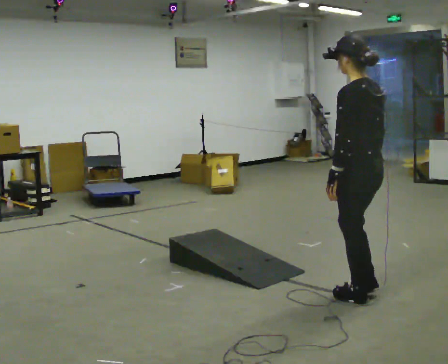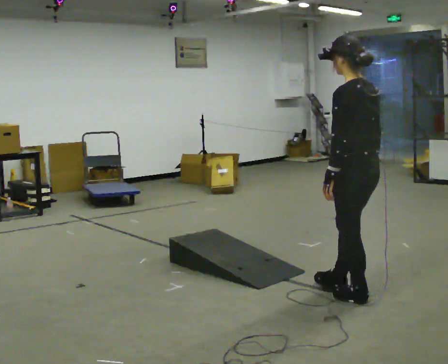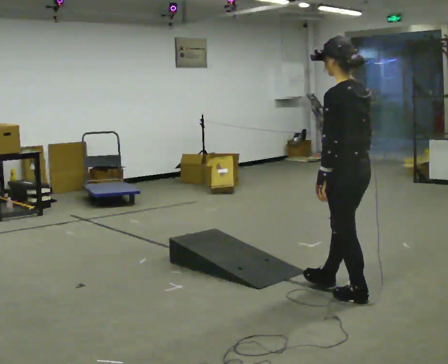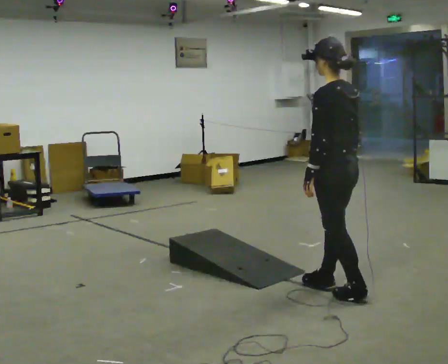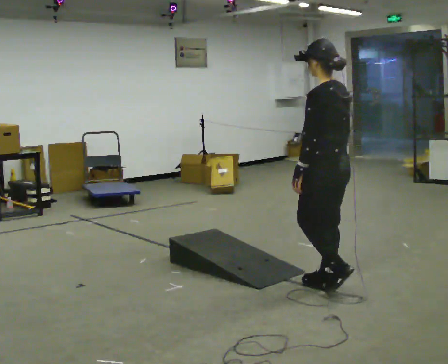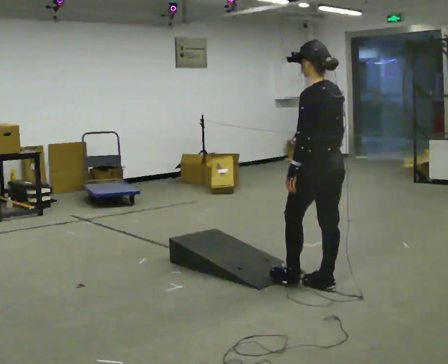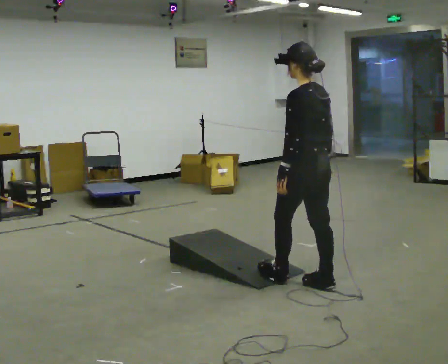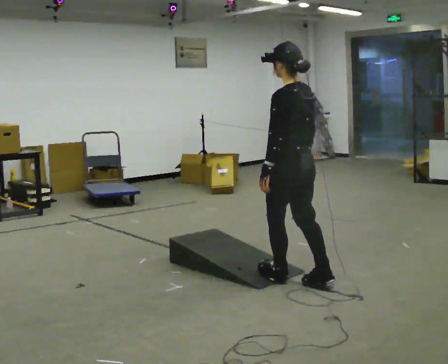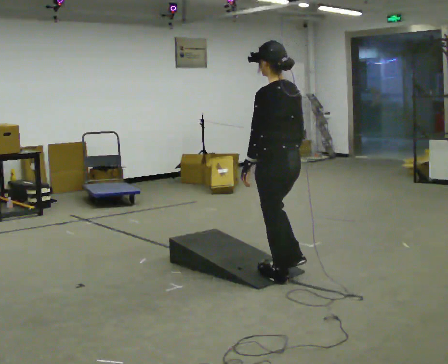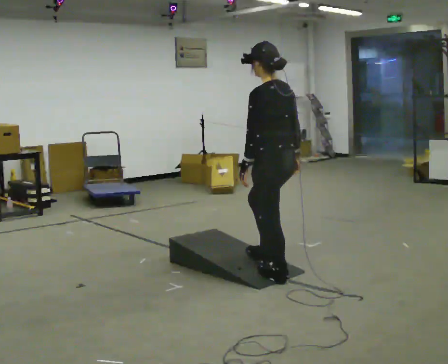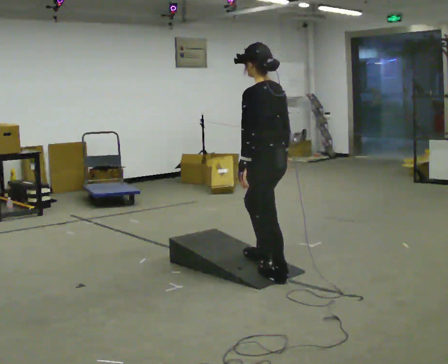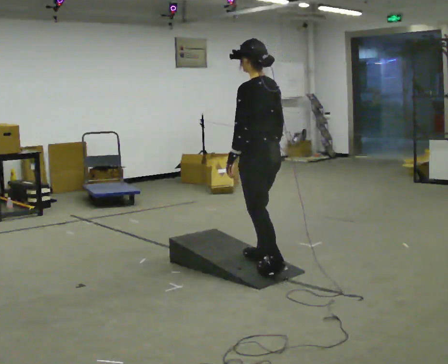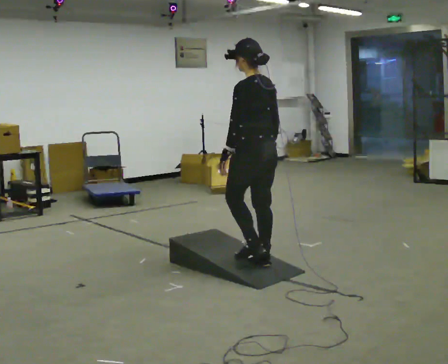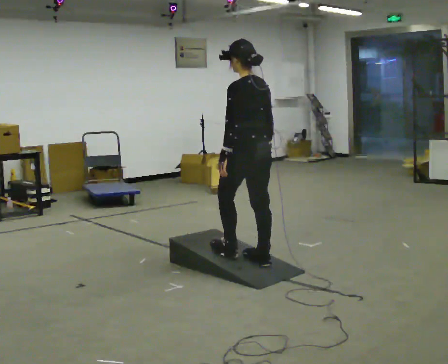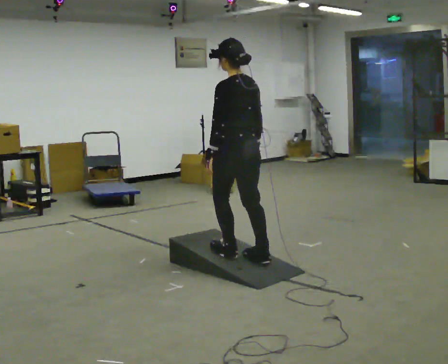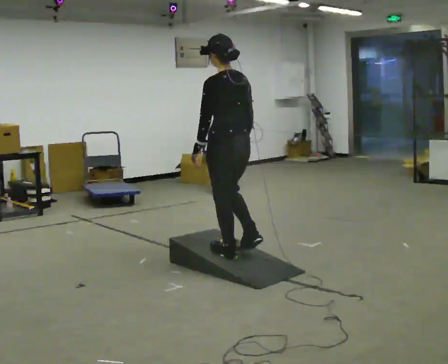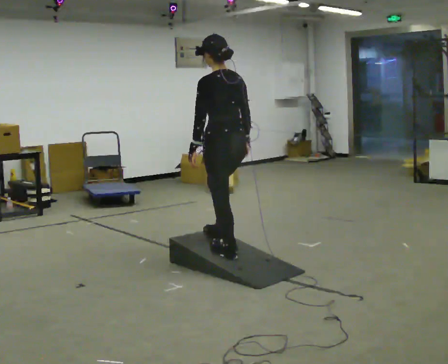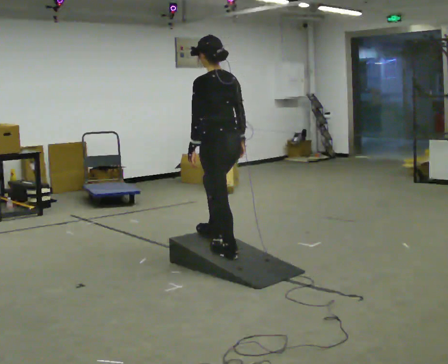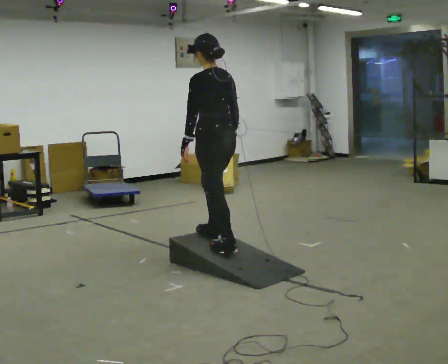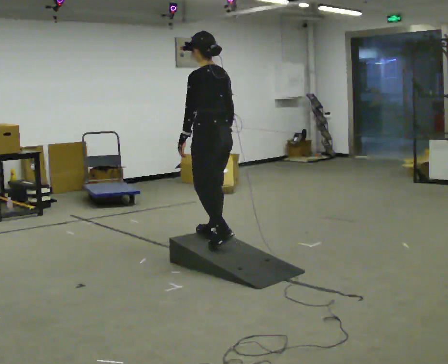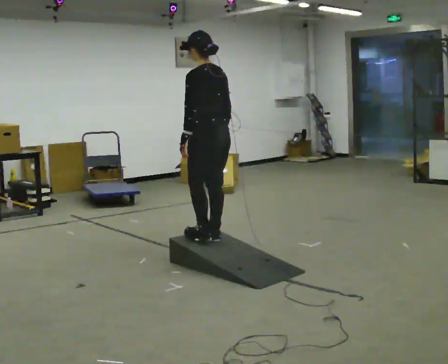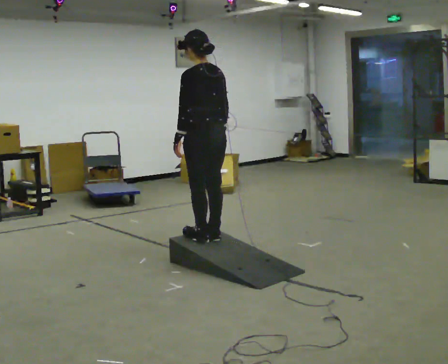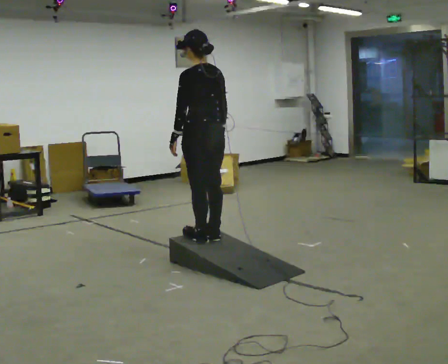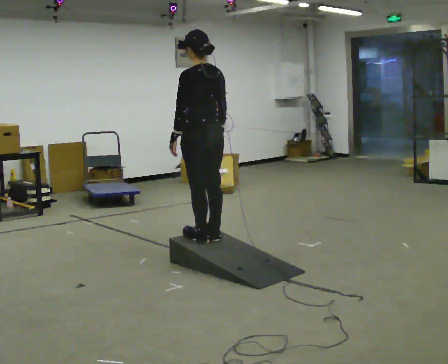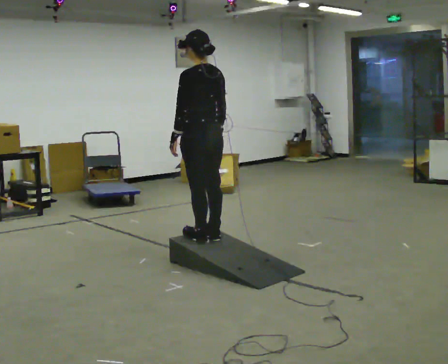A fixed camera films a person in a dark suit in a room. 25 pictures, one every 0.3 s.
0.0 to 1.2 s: In the picture they go away from the camera and to the left, about 0.25 m in 1 step, which for them is forward.
1.2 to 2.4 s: In the picture they go to the left and away from the camera, about 0.25 m in 1 step, which for them is forward.
2.4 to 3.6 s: In the picture they go away from the camera and to the left, about 0.25 m in 1 step, which for them is forward.
3.6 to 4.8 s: In the picture they go to the left, about 0.25 m in 1 step, which for them is forward.
4.8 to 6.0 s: In the picture they go away from the camera, about 0.25 m in 1 step, which for them is forward.
6.0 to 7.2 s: The person moves a little, or ends about where they began.
The film runs forward here.
